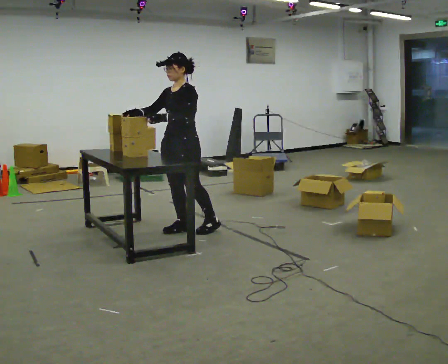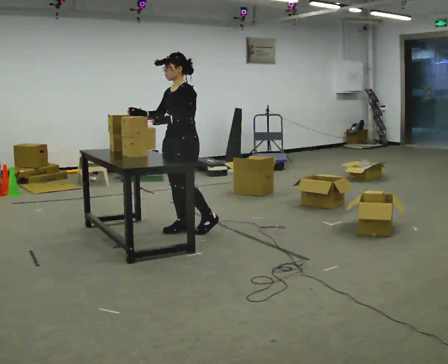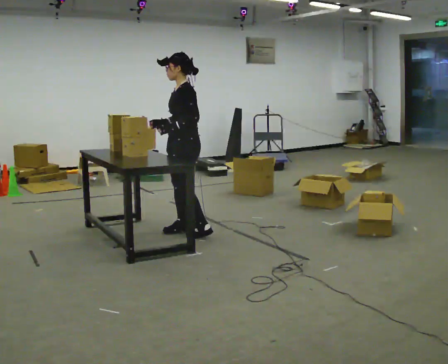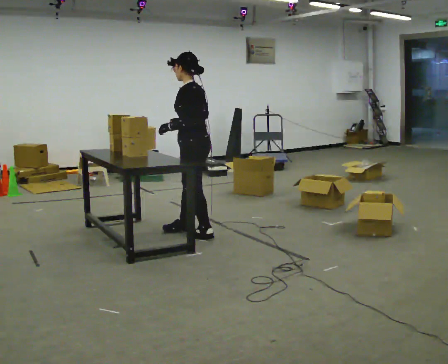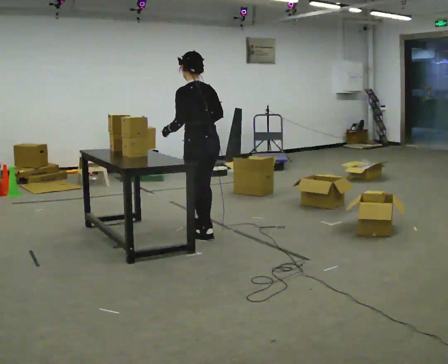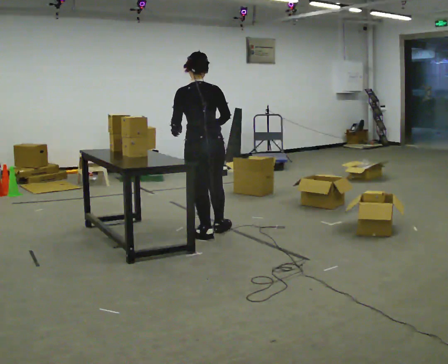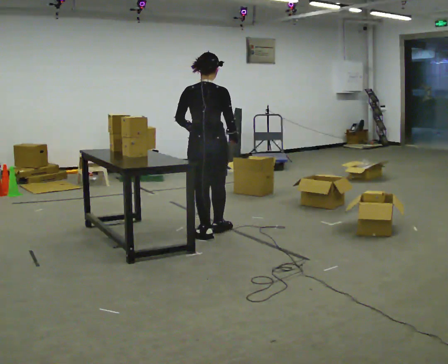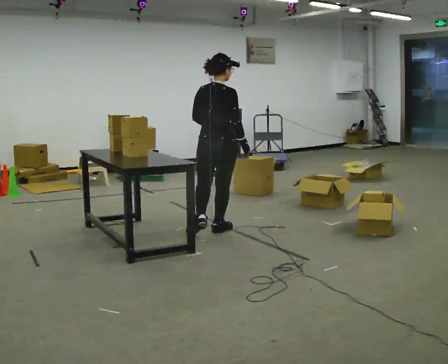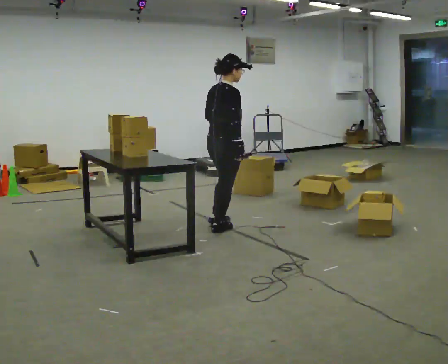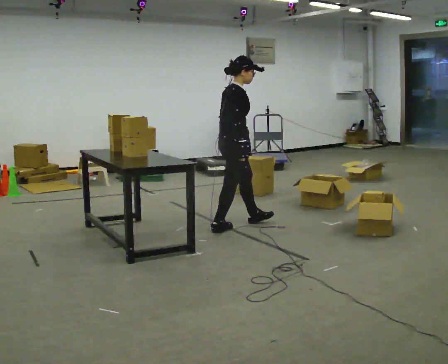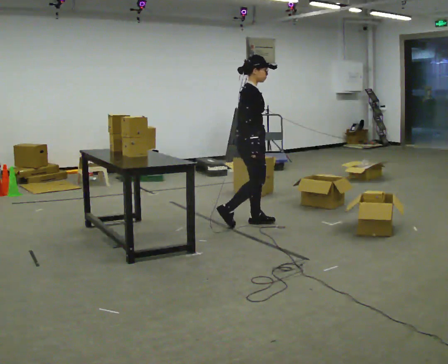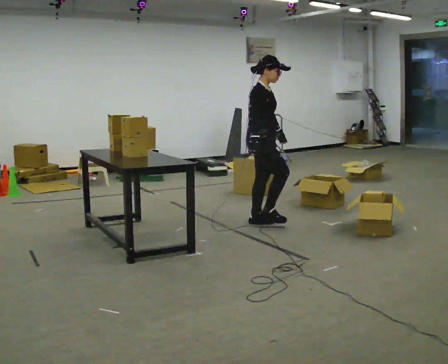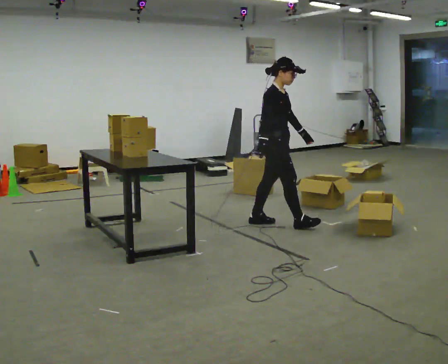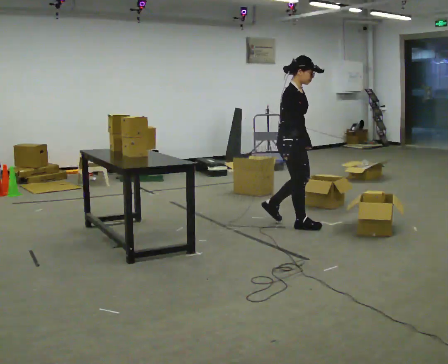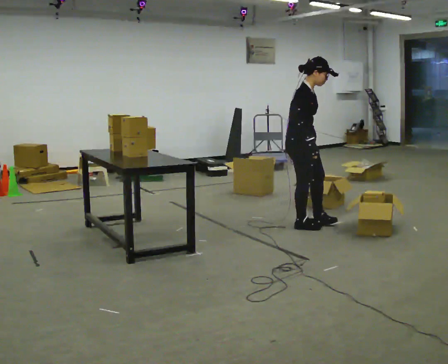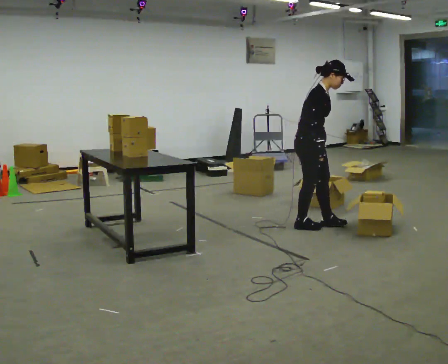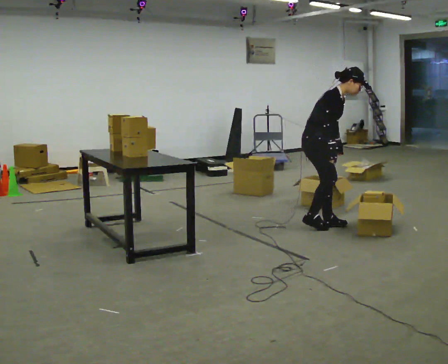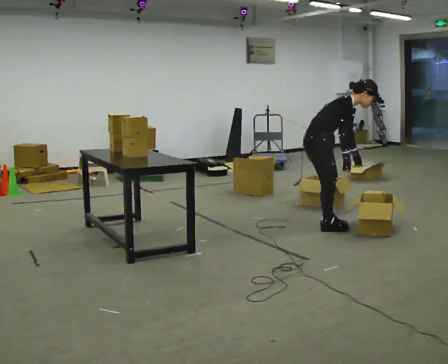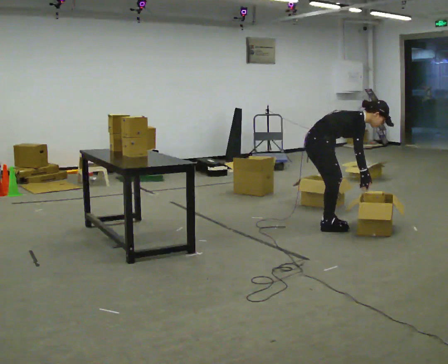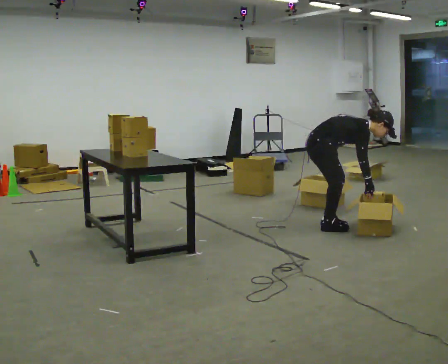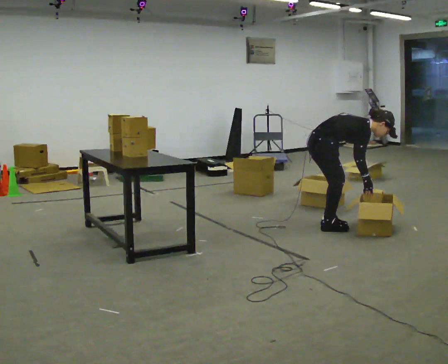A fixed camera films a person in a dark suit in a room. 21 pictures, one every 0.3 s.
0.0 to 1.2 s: Seen from above the body turns clockwise, about 90 degrees: to their right, with its near side sliding to the left. In the picture they go to the right and toward the camera, about 0.25 m in 1 step.
1.2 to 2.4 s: Seen from above the body turns clockwise, about 105 degrees: to their right, with its near side sliding to the left. In the picture they go away from the camera and to the right, about 0.25 m in 1 step.
2.4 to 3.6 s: Seen from above the body turns clockwise, about 45 degrees: to their right, with its near side sliding to the left. In the picture they go to the right, about 0.5 m in 2 steps, which for them is forward.
3.6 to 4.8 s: In the picture they go to the right, about 0.25 m in 1 step, which for them is forward. In the picture the upper body tilts clockwise, shoulders to the right, as they bend forward.
4.8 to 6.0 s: The shoulders move downward. In the picture the upper body tilts clockwise, shoulders to the right, as they bend forward. In the picture their right hand goes to the right.
The film runs forward here.
